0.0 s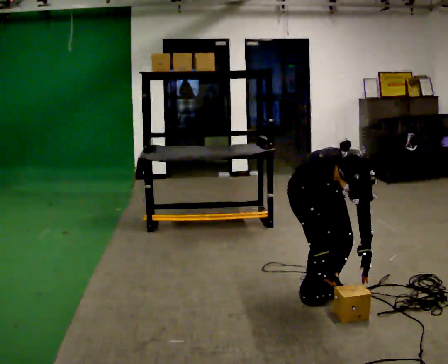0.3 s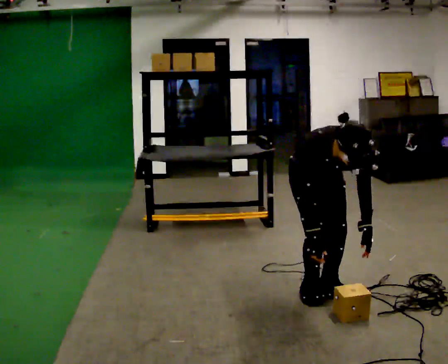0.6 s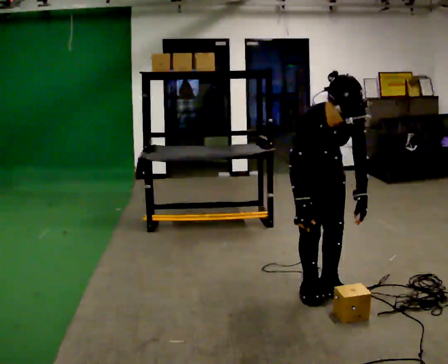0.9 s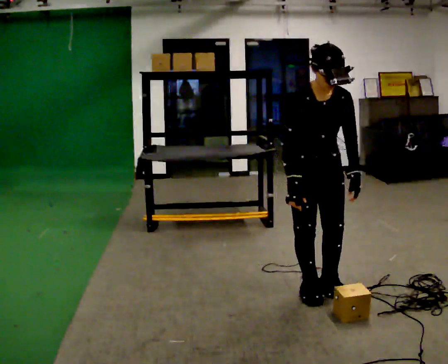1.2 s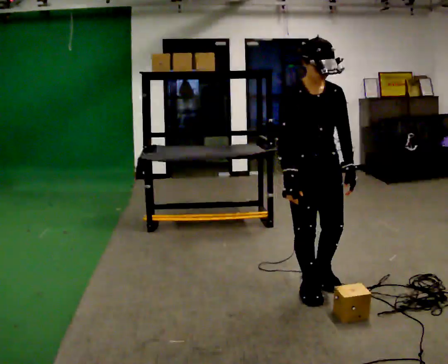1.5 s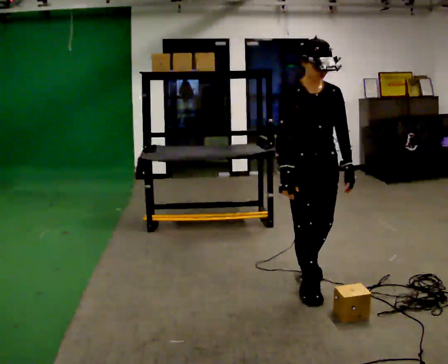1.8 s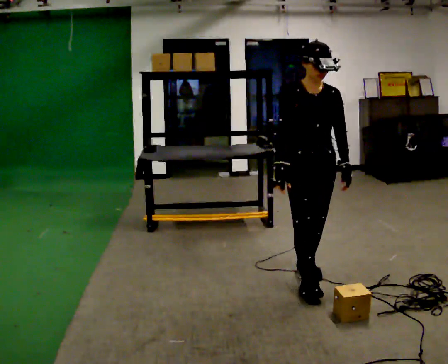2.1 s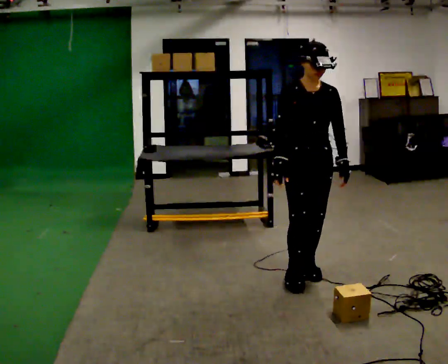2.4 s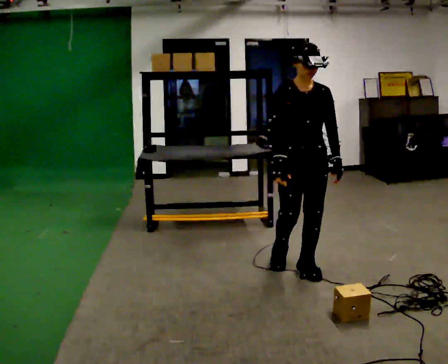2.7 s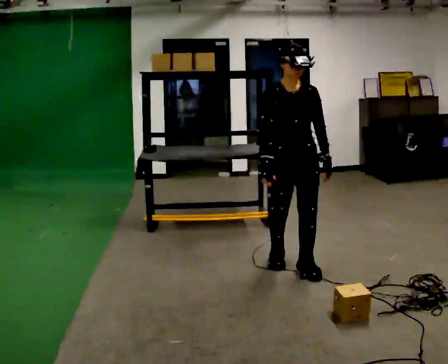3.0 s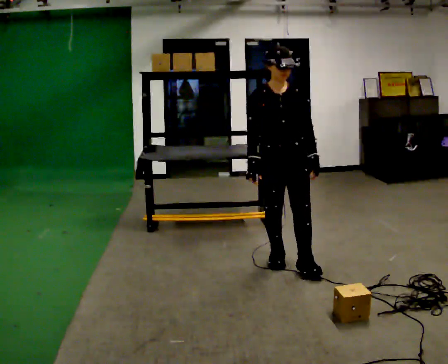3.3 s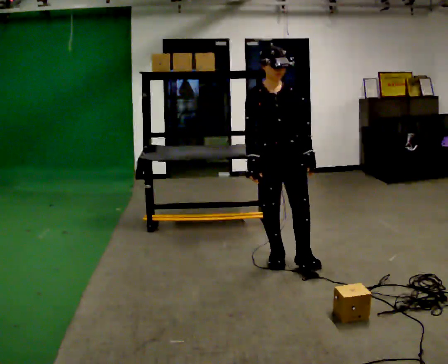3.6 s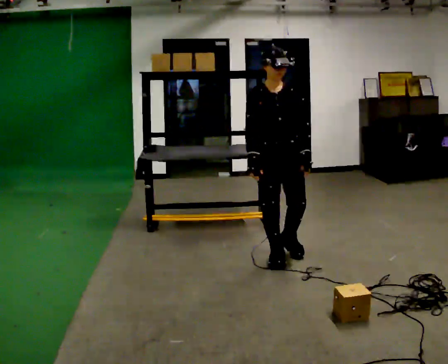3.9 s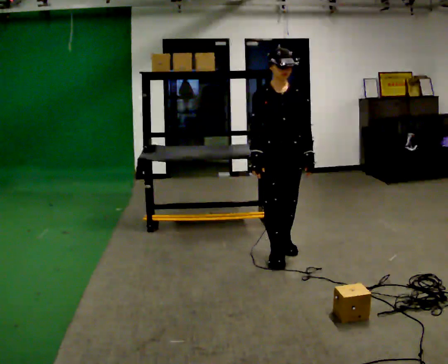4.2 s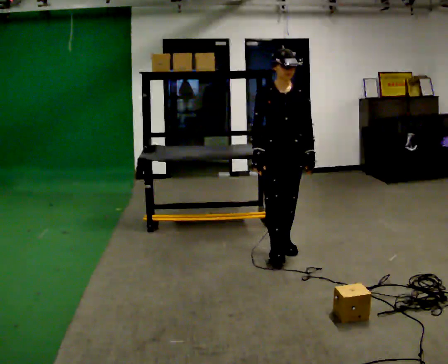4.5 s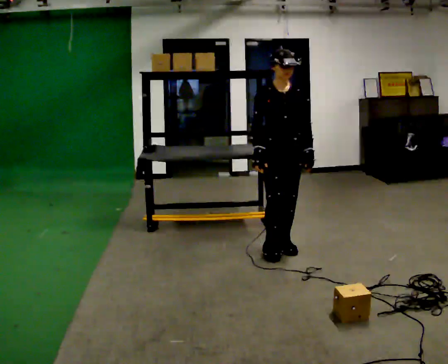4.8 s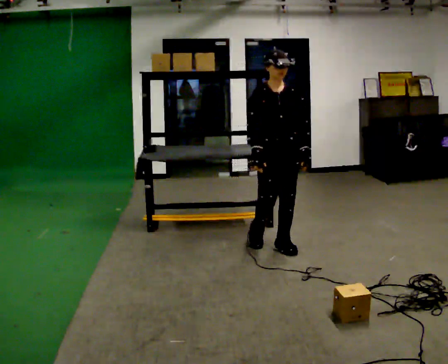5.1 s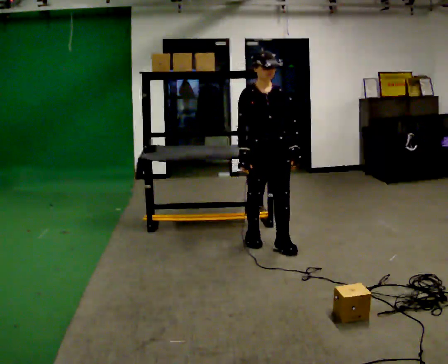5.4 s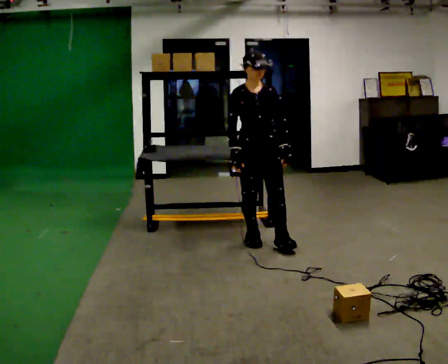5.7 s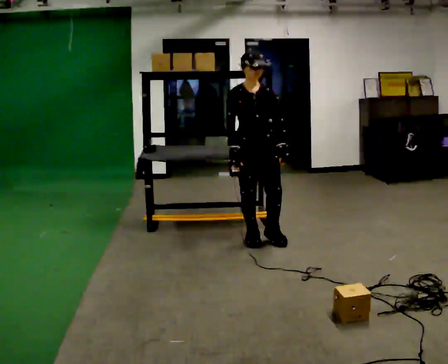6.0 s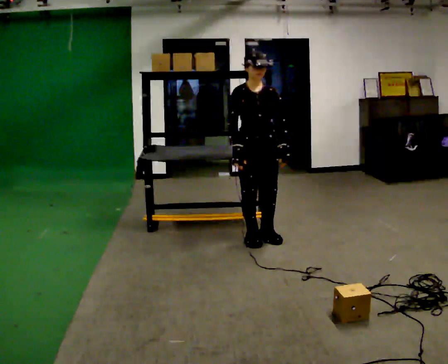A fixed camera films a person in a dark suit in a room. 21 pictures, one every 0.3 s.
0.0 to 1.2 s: The upper body goes upward. The upper body tips away from the camera, its near side rolling upward, as they lean back or straighten. In the picture their left hand goes upward.
1.2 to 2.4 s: In the picture they go away from the camera, about 0.25 m in 1 step, which for them is backward.
2.4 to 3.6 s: In the picture they go away from the camera and to the left, about 0.25 m in 1 step, which for them is backward and to their right.
3.6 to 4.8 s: In the picture they go away from the camera, about 0.25 m in 1 step, which for them is backward.
4.8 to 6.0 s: In the picture they go to the left and away from the camera, about 0.25 m in 1 step, which for them is backward.
The film runs backward here.
